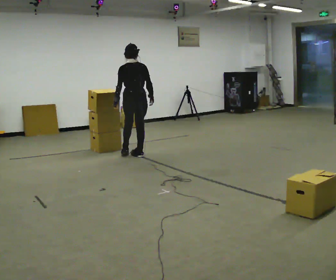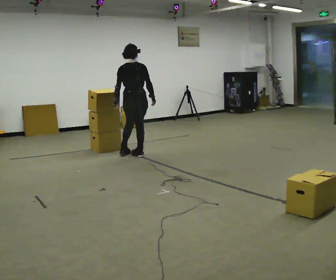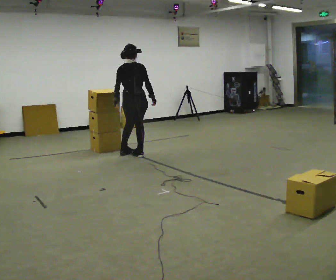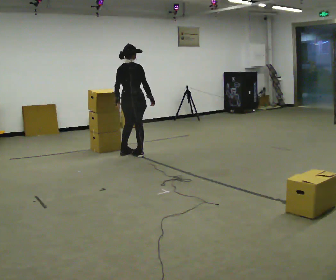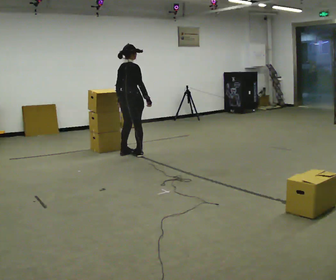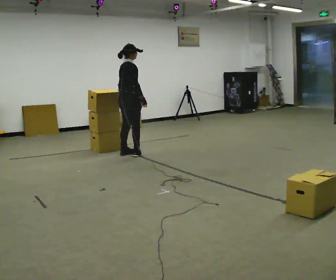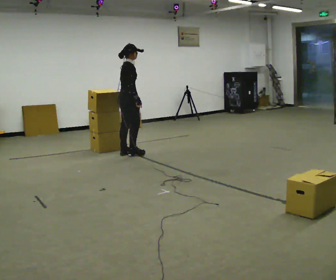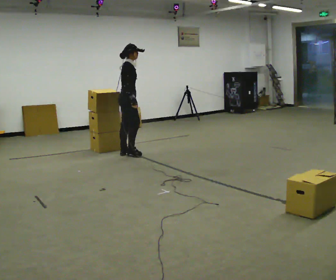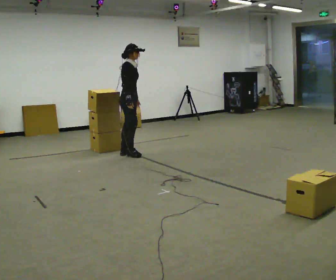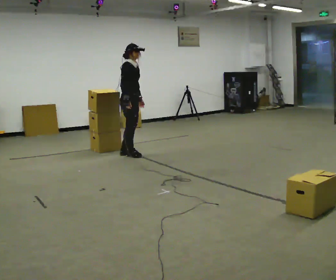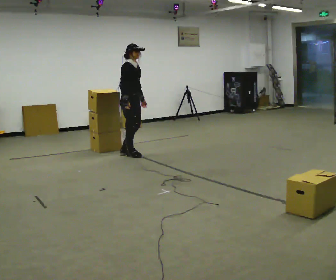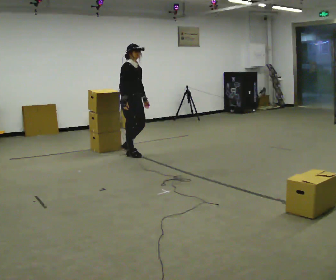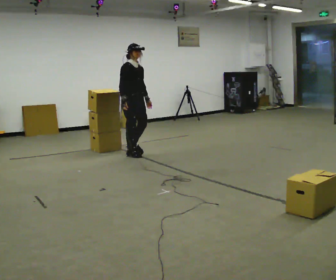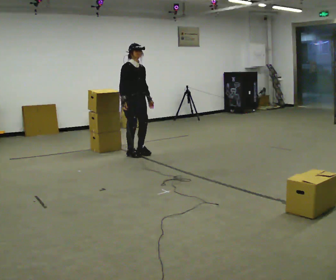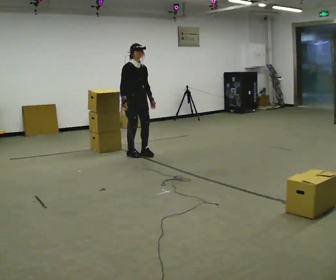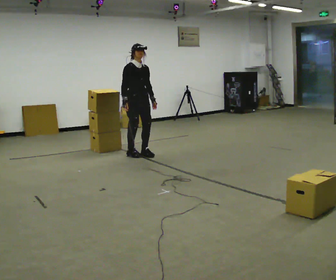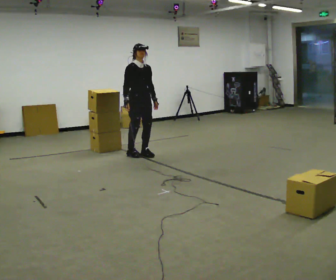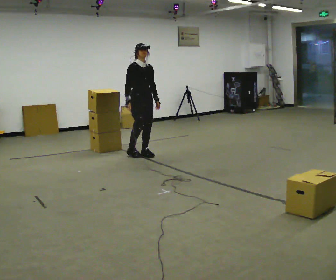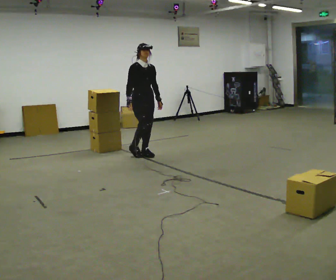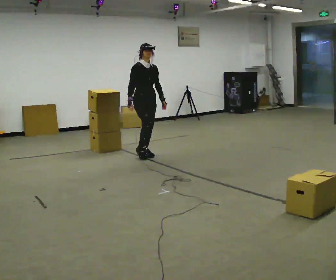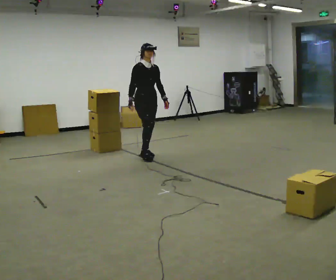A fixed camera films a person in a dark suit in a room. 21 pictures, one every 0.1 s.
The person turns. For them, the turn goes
to their right.
Their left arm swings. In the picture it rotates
counterclockwise.
0.0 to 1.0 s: Seen from above the body turns clockwise, about 120 degrees: to their right, with its near side sliding to the left. In the picture their right hand goes to the left.
1.0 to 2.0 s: The part of the body nearest the lens slides to the left as the person turns to their right by about 30 degrees. In the picture they go to the right, about 0.25 m in 1 step, which for them is forward.
The film runs forward here.
